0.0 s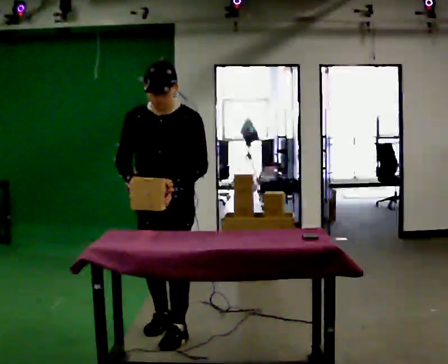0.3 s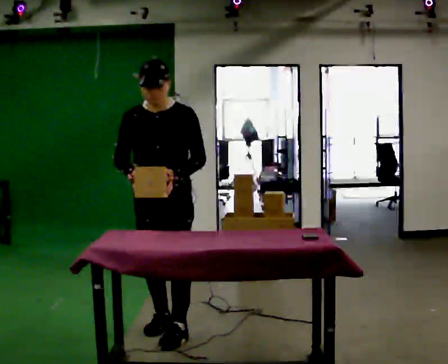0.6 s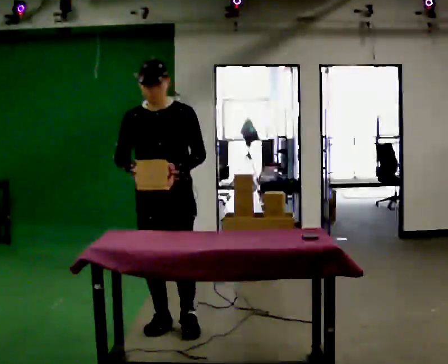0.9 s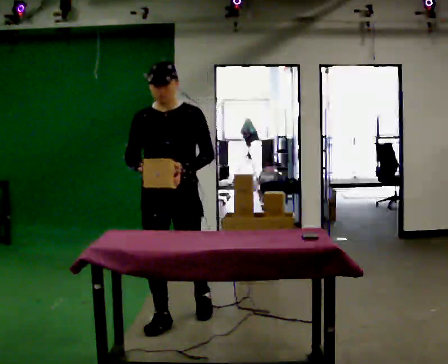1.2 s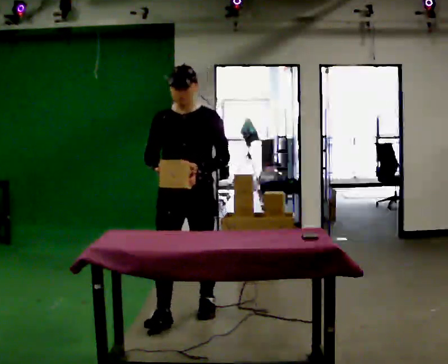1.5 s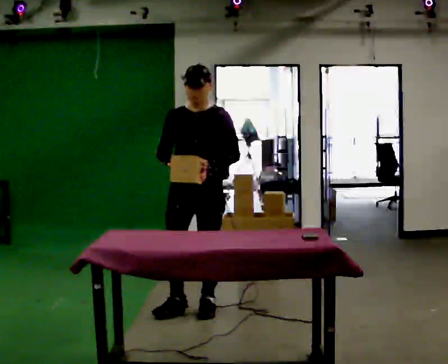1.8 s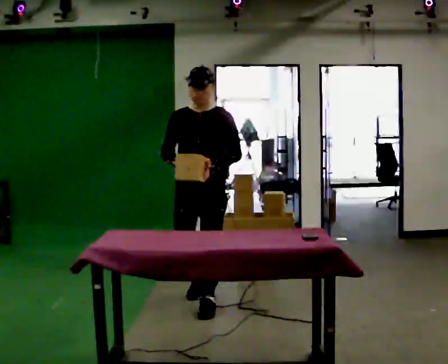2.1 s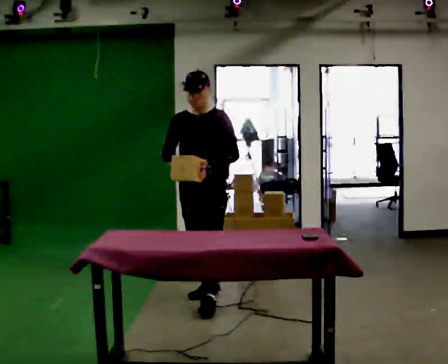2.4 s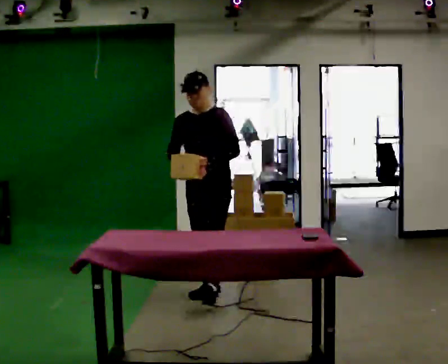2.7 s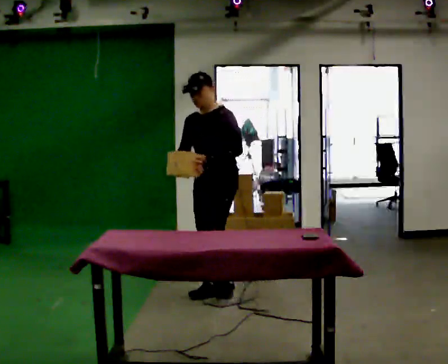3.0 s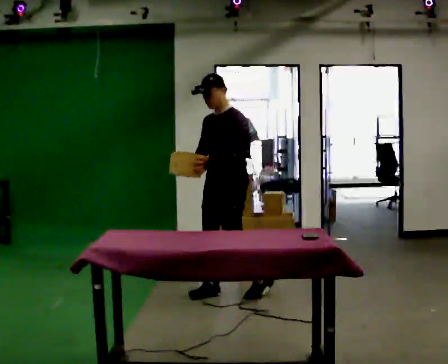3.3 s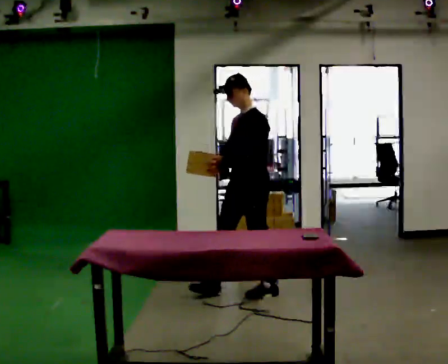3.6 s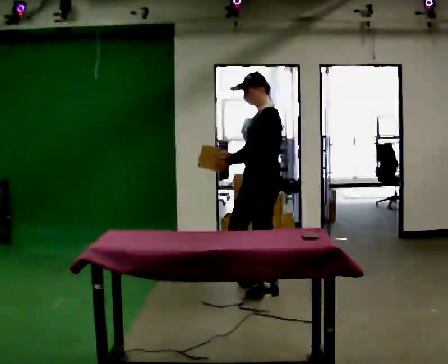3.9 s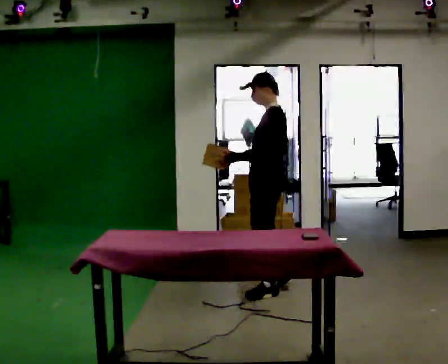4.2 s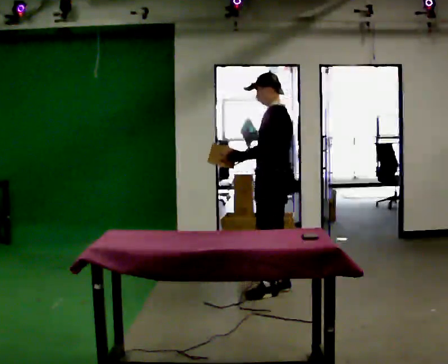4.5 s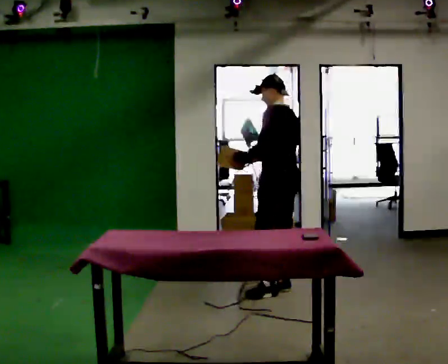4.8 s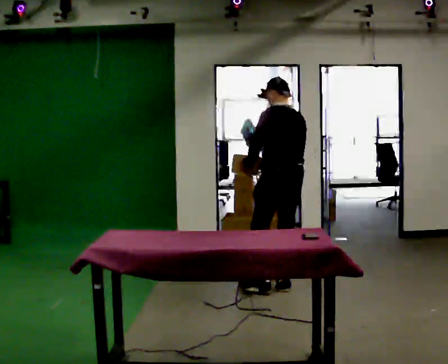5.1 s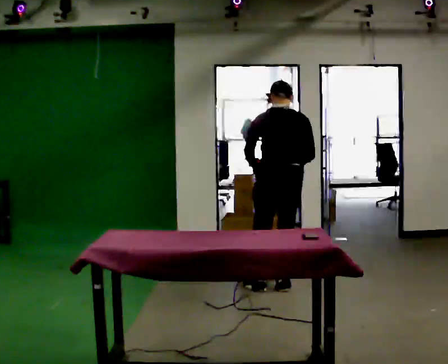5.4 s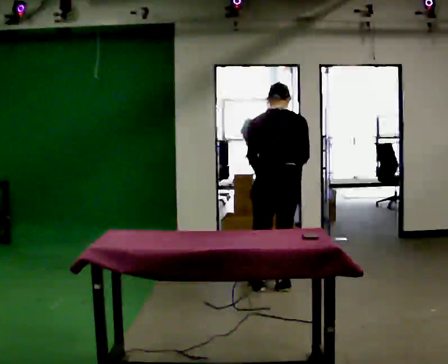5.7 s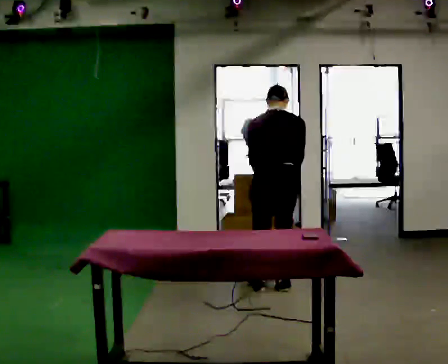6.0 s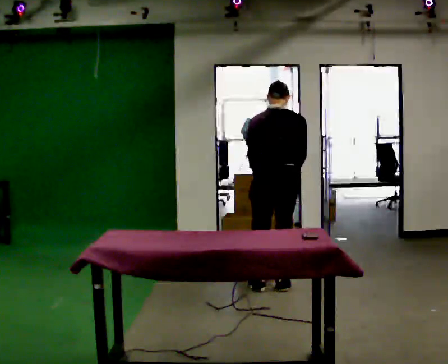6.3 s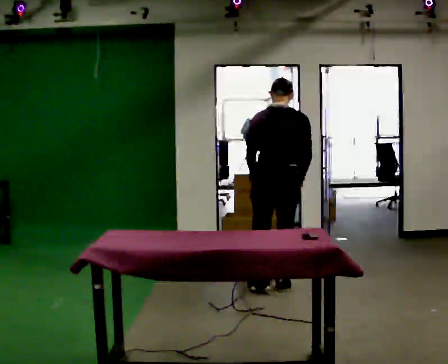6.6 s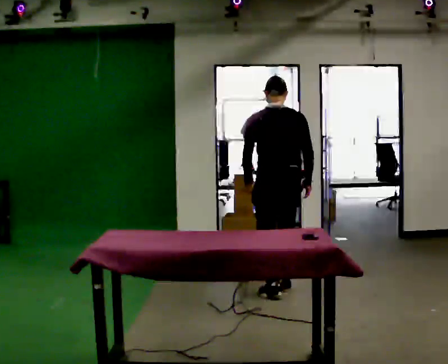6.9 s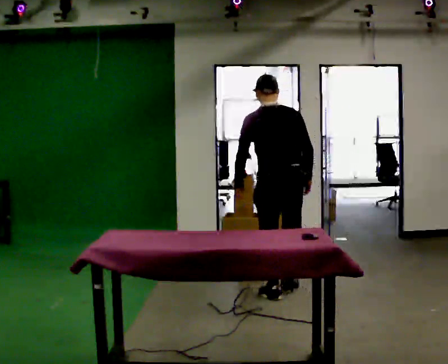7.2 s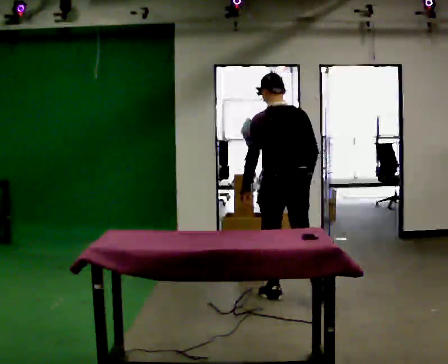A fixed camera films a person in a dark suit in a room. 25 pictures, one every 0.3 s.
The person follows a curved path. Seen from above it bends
clockwise.
0.0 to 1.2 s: In the picture they go away from the camera, about 0.5 m in 1 step, which for them is backward. The upper body tips away from the camera, its near side rolling upward, as they lean back or straighten.
1.2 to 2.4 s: In the picture they go away from the camera, about 0.5 m in 1 step, which for them is backward.
2.4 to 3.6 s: The person turns about 45 degrees to their right, clockwise seen from above, so the part of the body nearest the lens slides to the left. In the picture they go to the right, about 0.5 m in 2 steps, which for them is backward and to their left.
3.6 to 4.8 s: Seen from above the body turns clockwise, about 60 degrees: to their right, with its near side sliding to the left. In the picture they go to the right, about 0.25 m.
4.8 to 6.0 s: The person turns about 45 degrees to their right, clockwise seen from above, so the part of the body nearest the lens slides to the left.
6.0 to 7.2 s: In the picture they go toward the camera, about 0.25 m in 2 steps, which for them is backward. The upper body tips toward the camera, its near side rolling downward, as they lean back or straighten.
The film runs backward here.
